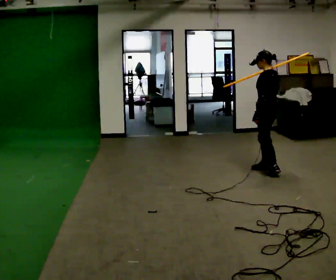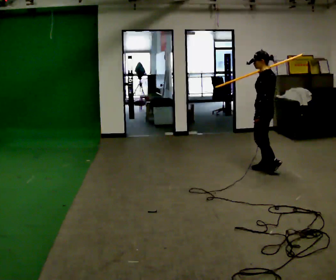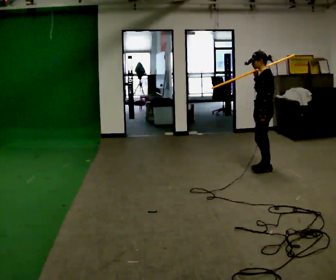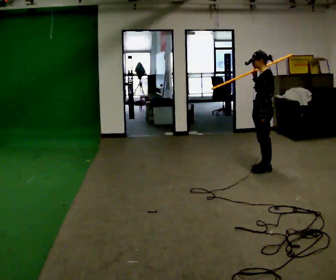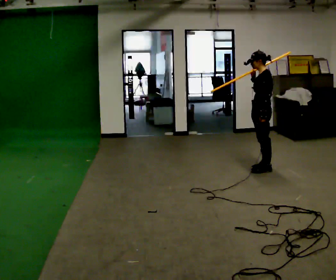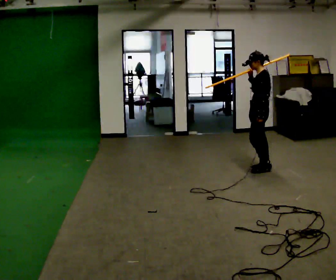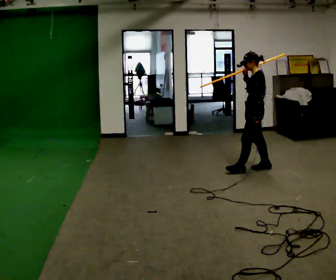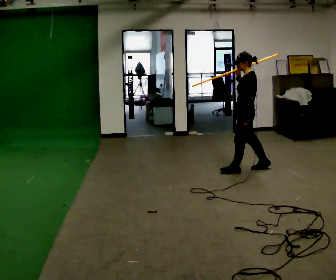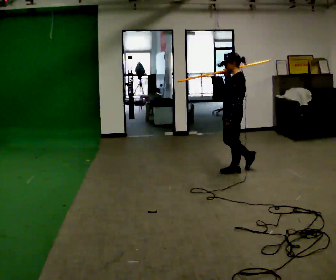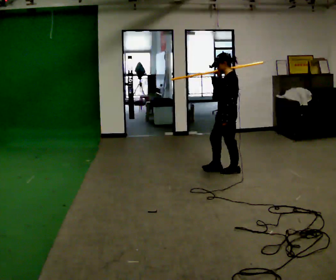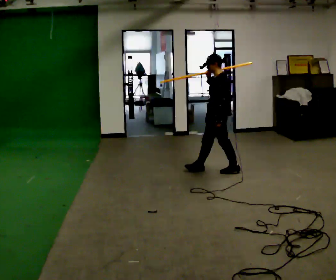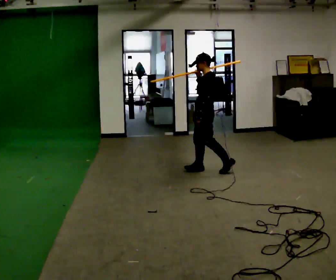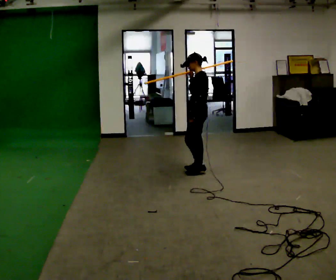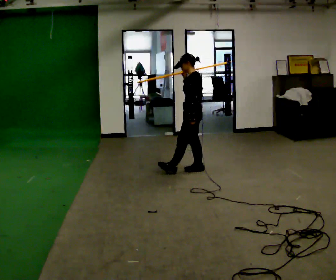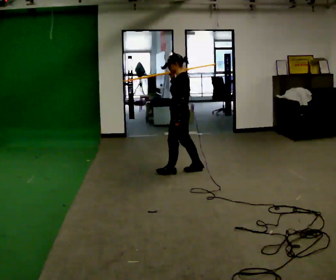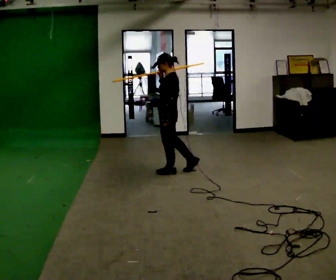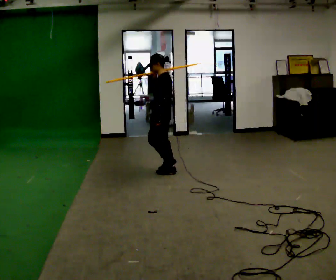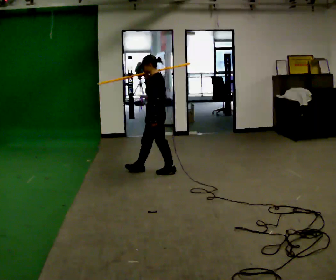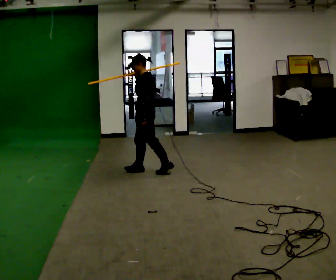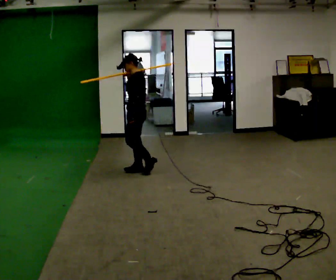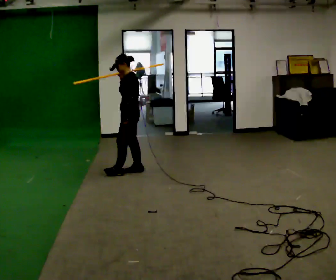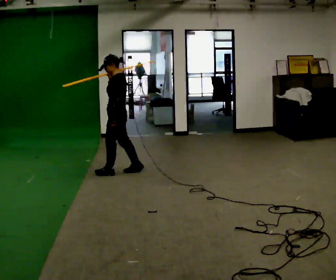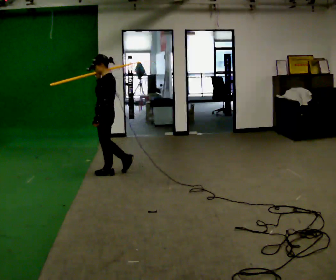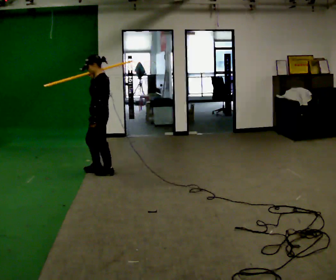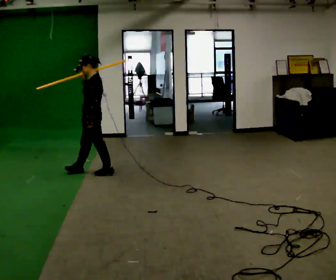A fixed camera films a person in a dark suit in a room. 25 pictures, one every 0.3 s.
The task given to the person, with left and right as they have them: Rest the long object on the shoulder the operator calls and carry it across the room, back and forth.
0.0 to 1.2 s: The part of the body nearest the lens slides to the right as the person turns to their left by about 30 degrees.
1.2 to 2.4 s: In the picture they go to the left, about 0.25 m in 1 step, which for them is forward.
2.4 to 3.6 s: In the picture they go to the left, about 0.5 m in 1 step, which for them is forward.
3.6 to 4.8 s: In the picture they go to the left, about 0.5 m in 1 step, which for them is forward.
4.8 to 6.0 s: In the picture they go to the left, about 0.5 m in 1 step, which for them is forward.
6.0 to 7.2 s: In the picture they go to the left, about 0.5 m in 2 steps, which for them is forward.
The film runs forward here.
